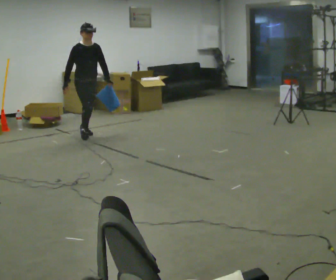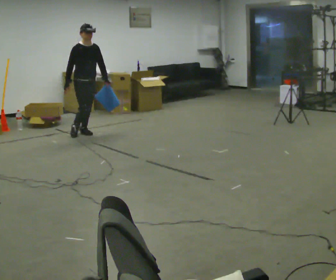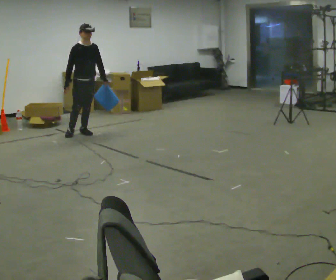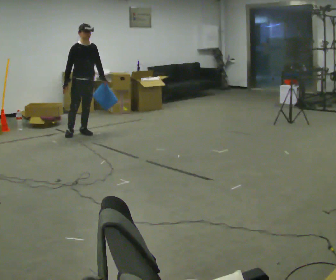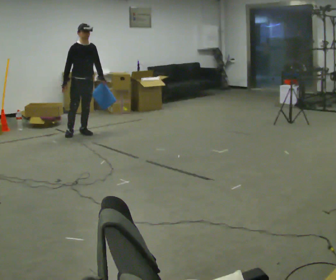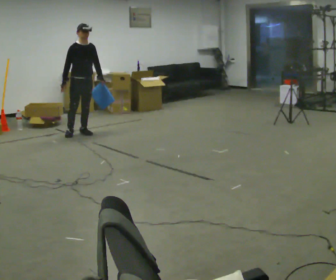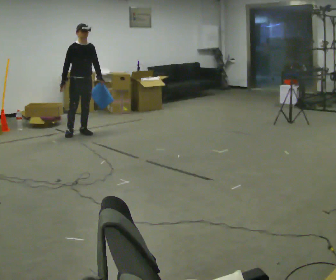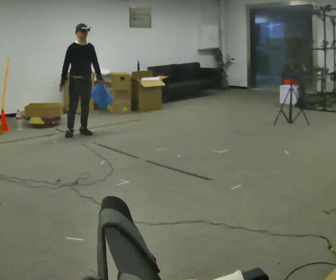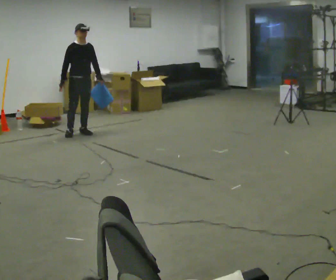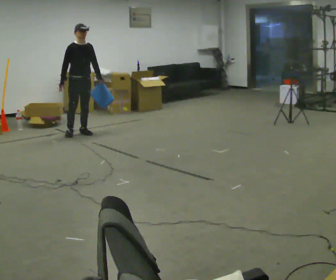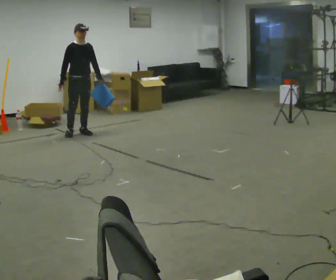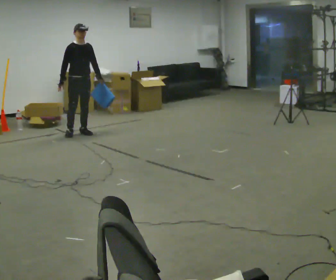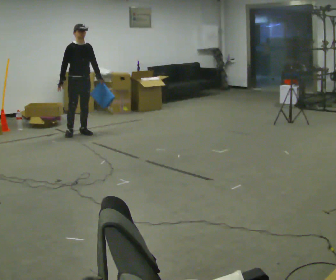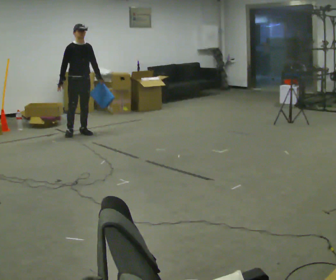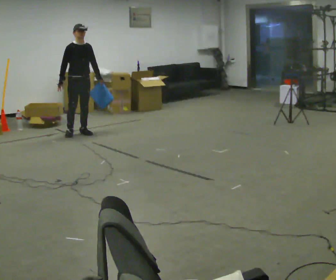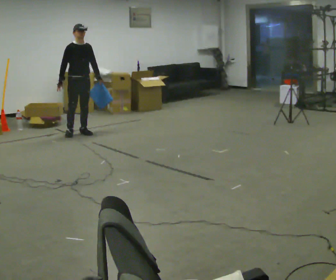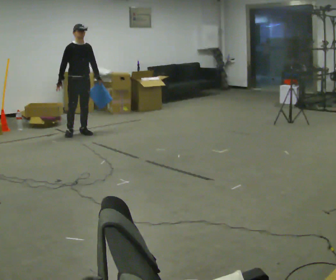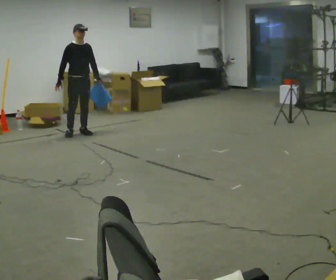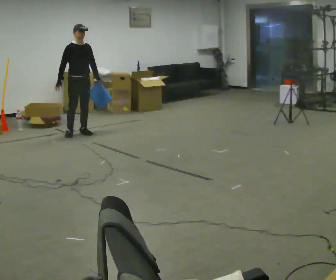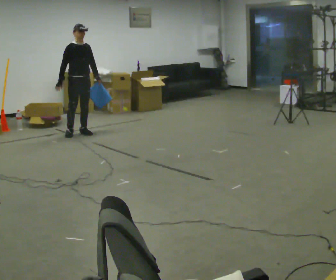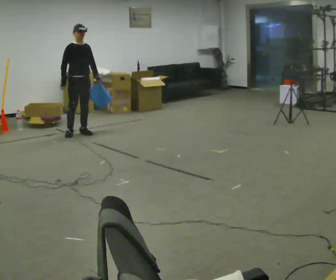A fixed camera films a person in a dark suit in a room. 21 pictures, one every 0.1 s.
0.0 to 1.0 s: In the picture they go away from the camera, about 0.25 m, which for them is backward.
1.0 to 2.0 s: The person moves a little, or ends about where they began.
The film runs backward here.
